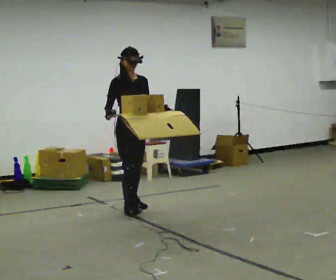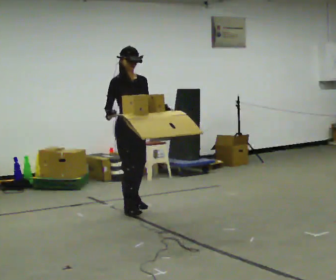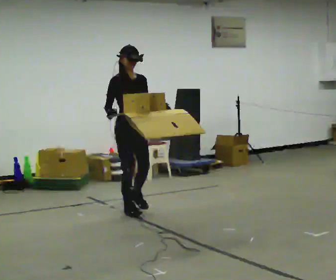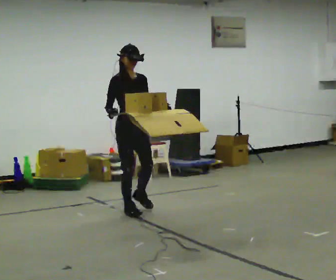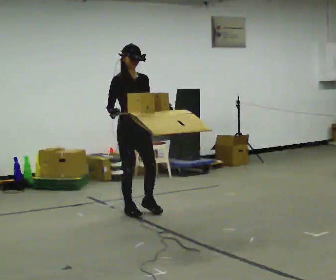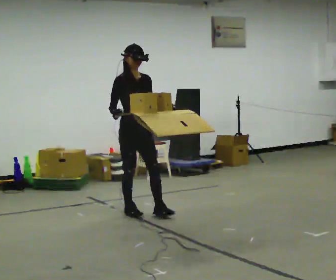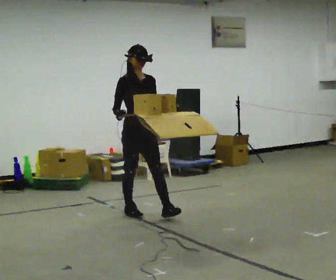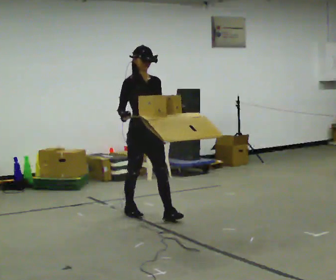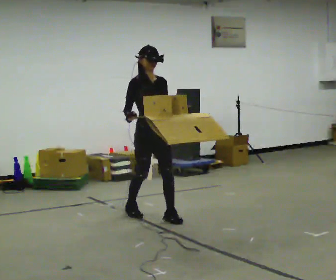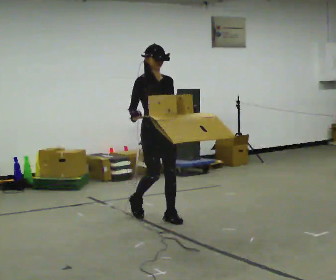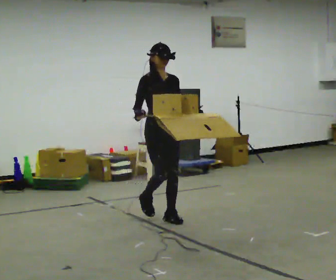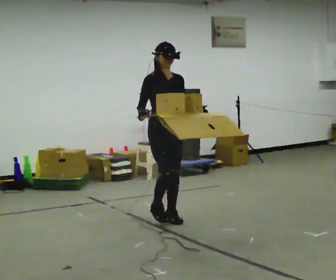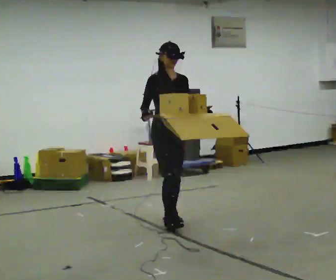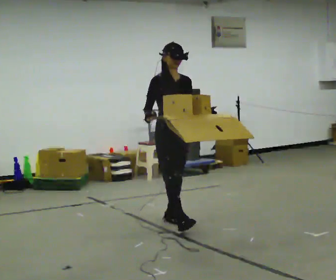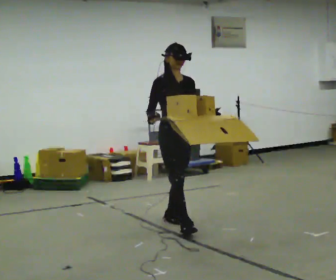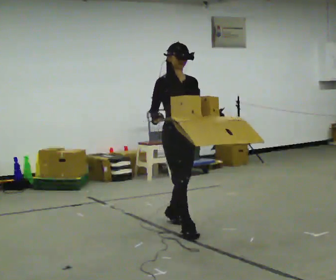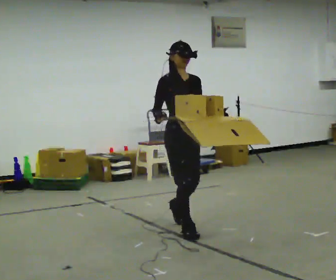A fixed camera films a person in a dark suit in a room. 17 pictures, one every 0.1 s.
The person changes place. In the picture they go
toward the camera.
0.0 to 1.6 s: In the picture they go toward the camera and to the right, about 1 m in 2 steps, which for them is forward.
The film runs forward here.
